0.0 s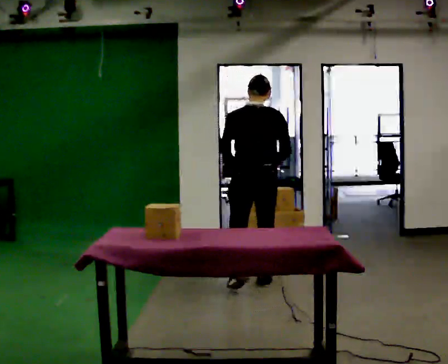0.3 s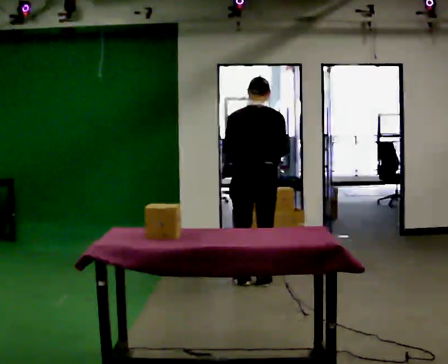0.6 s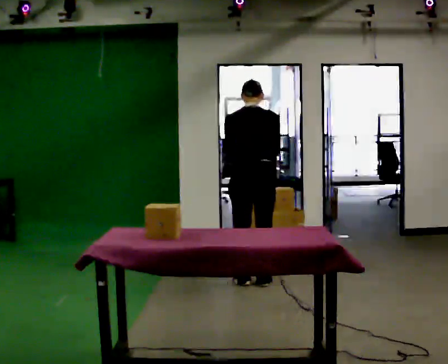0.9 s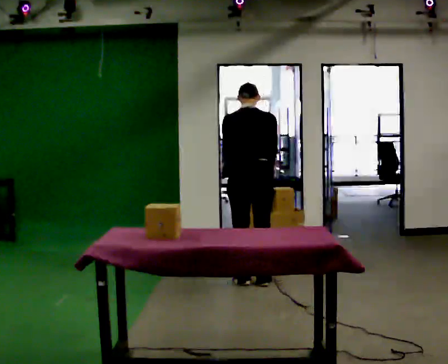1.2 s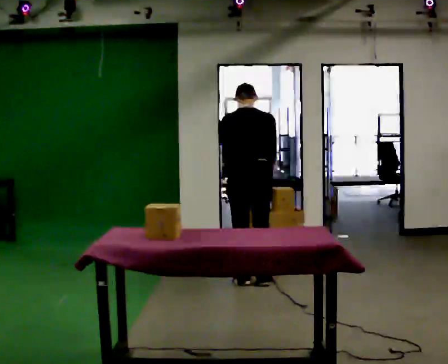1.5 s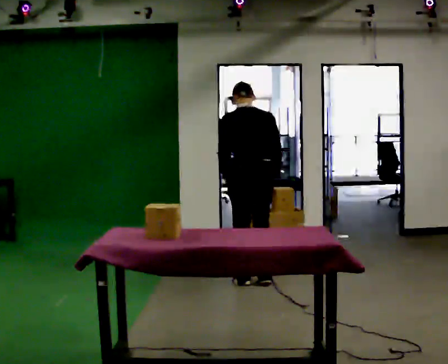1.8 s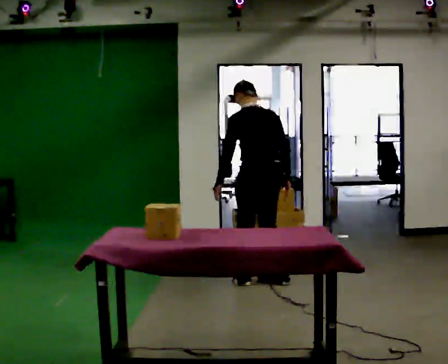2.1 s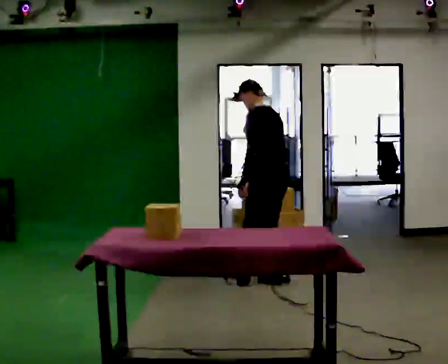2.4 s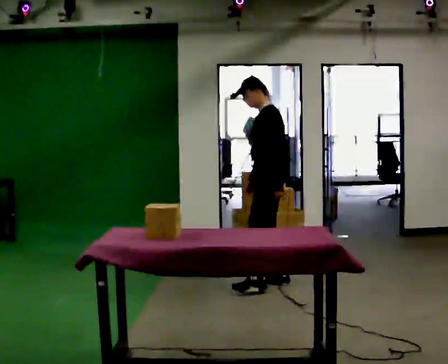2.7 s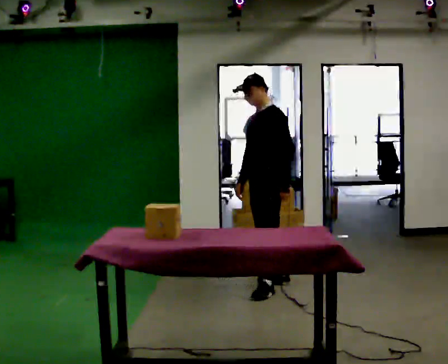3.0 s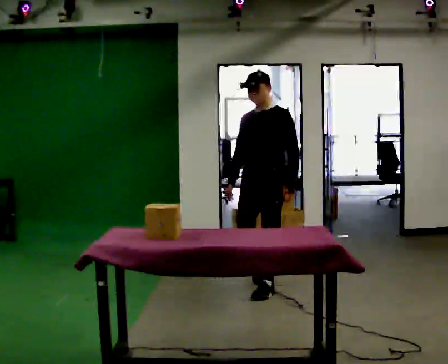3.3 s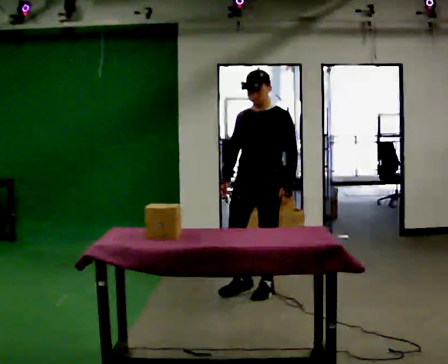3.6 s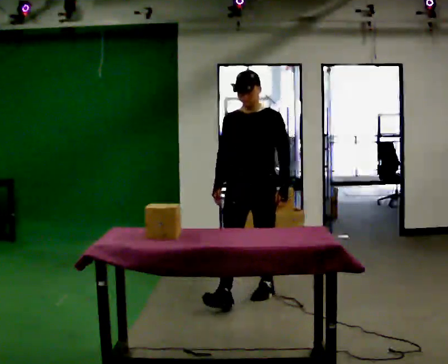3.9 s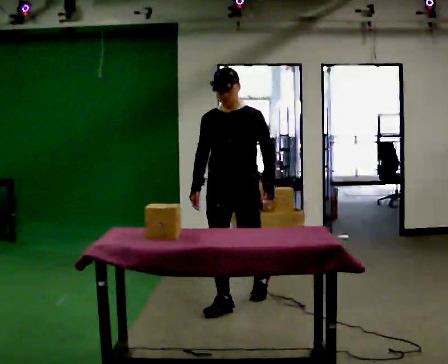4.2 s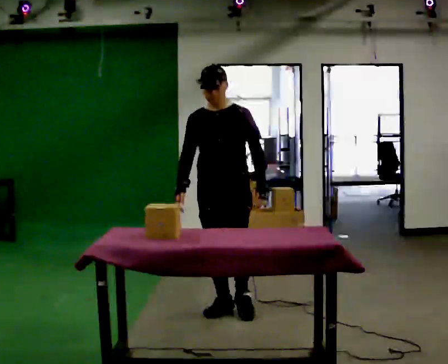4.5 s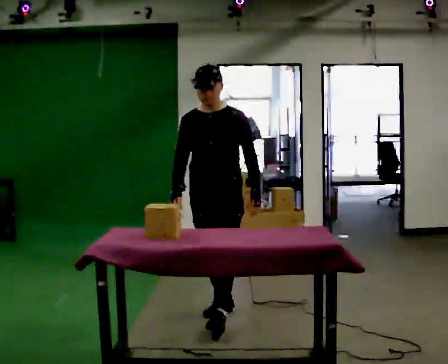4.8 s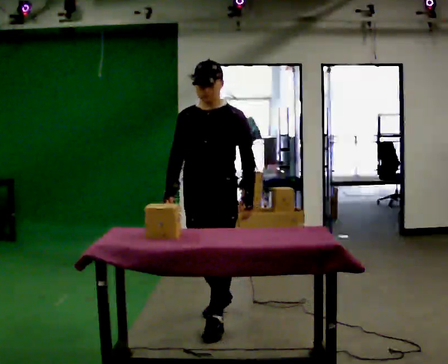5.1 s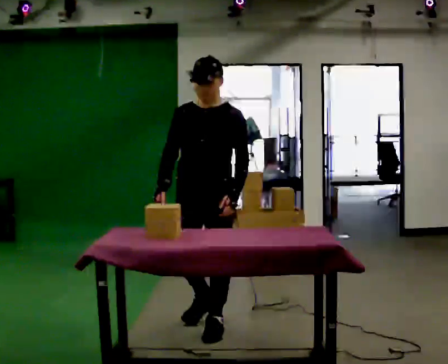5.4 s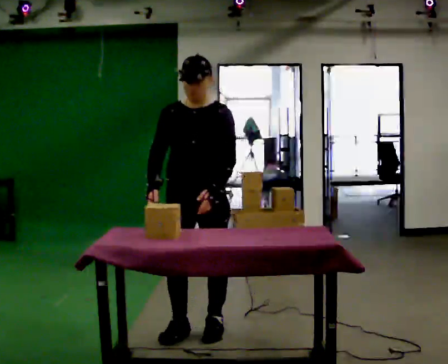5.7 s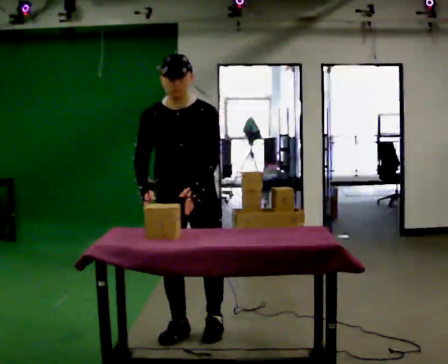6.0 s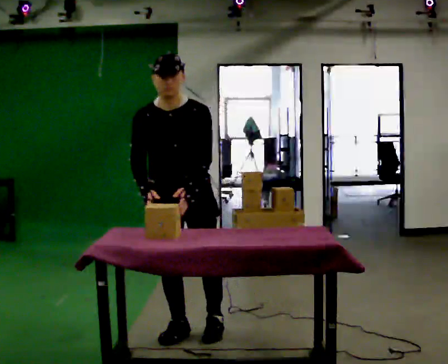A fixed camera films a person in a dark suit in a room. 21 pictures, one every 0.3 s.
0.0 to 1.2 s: The upper body tips away from the camera, its near side rolling upward, as they bend forward.
1.2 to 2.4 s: The person turns about 90 degrees to their left, counterclockwise seen from above, so the part of the body nearest the lens slides to the right. In the picture they go to the right, about 0.25 m in 1 step. In the picture their left hand goes to the right.
2.4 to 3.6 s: The person turns about 75 degrees to their left, counterclockwise seen from above, so the part of the body nearest the lens slides to the right. In the picture they go toward the camera, about 0.5 m in 1 step.
3.6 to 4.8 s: In the picture they go toward the camera, about 0.5 m in 2 steps, which for them is forward.
4.8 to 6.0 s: In the picture they go toward the camera and to the left, about 0.25 m in 1 step, which for them is forward and to their right. The upper body tips toward the camera, its near side rolling downward, as they bend forward.
The film runs forward here.
